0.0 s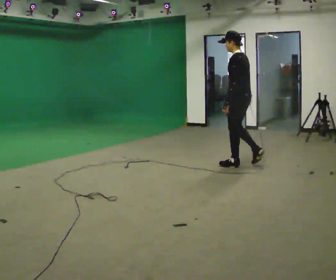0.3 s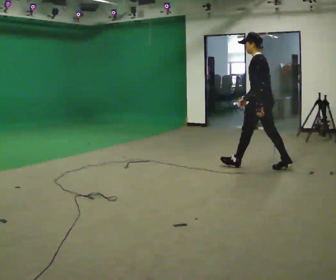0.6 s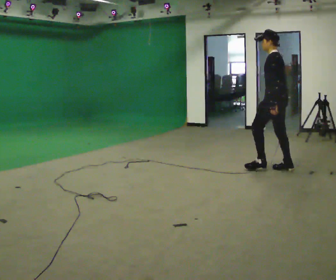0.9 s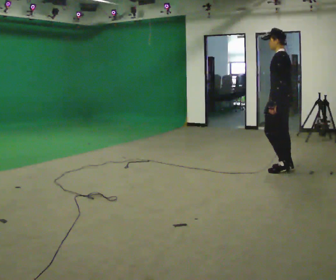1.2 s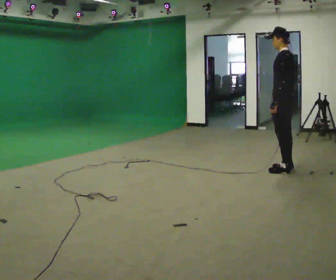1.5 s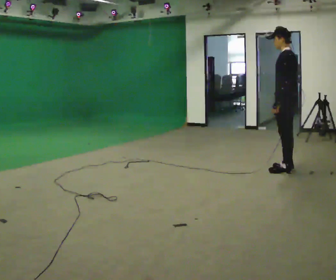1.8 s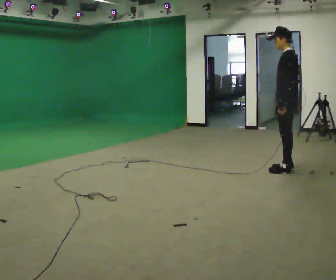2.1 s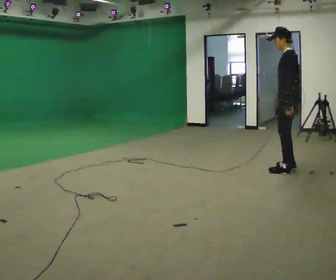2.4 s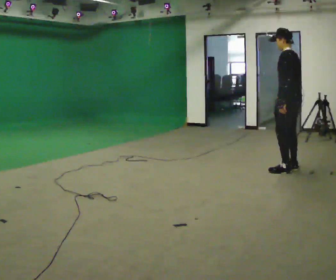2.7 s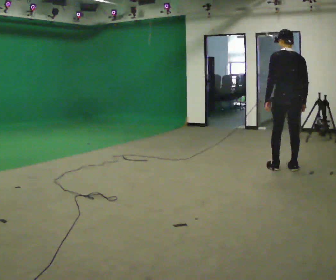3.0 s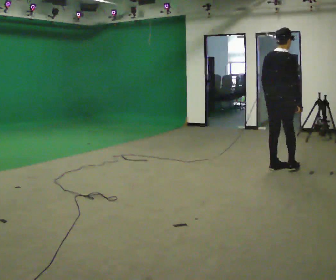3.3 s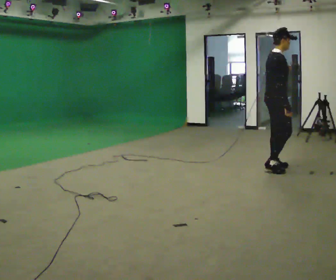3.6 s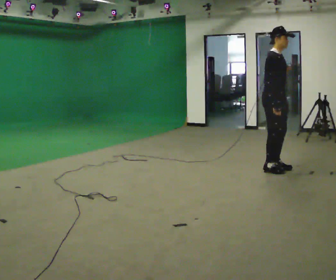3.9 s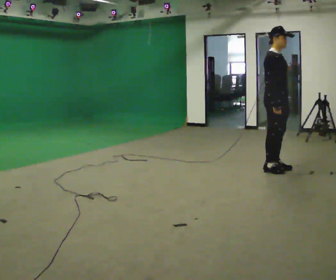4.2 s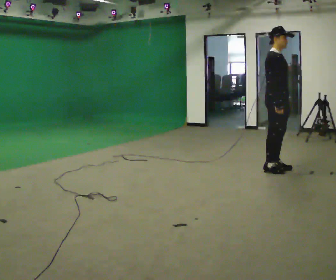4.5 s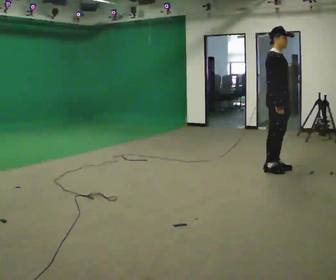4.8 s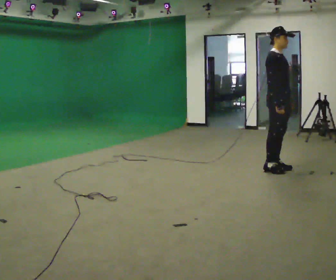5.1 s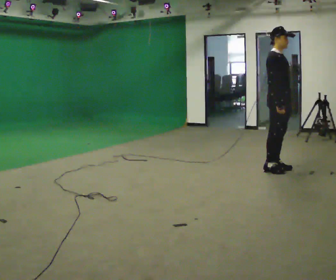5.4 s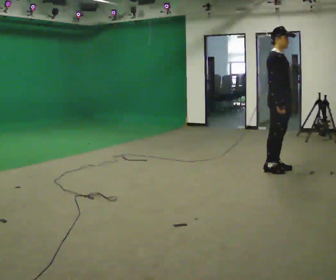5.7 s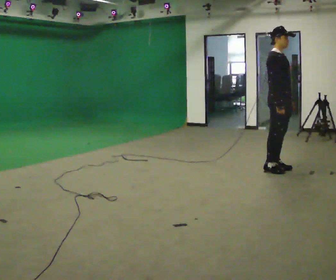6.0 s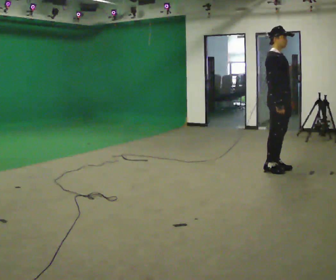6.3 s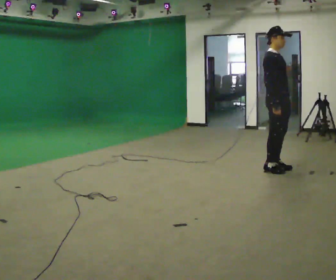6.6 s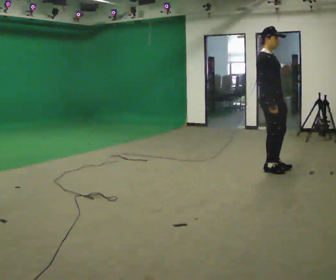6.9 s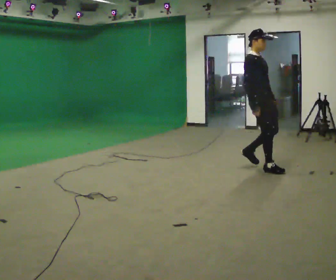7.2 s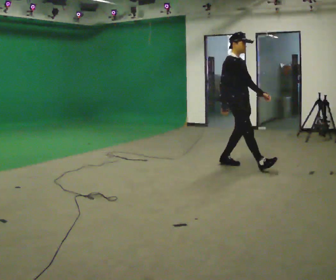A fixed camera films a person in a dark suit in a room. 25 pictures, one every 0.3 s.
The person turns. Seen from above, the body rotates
clockwise.
The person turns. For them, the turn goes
to their right.
0.0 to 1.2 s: In the picture they go to the right, about 0.75 m in 1 step, which for them is backward.
1.2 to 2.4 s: The person moves a little, or ends about where they began.
2.4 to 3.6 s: The person turns about 180 degrees to their right, clockwise seen from above, so the part of the body nearest the lens slides to the left. In the picture they go to the left, about 0.25 m in 2 steps.
3.6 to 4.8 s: The person moves a little, or ends about where they began.
4.8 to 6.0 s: The person keeps their place and pose.
6.0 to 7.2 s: In the picture they go to the left, about 0.5 m in 2 steps, which for them is backward.
The film runs backward here.
